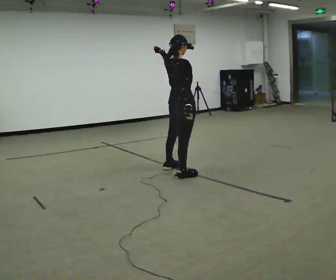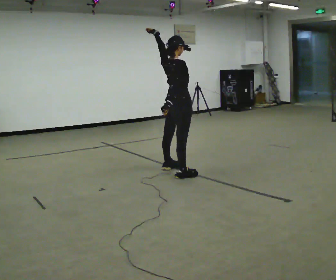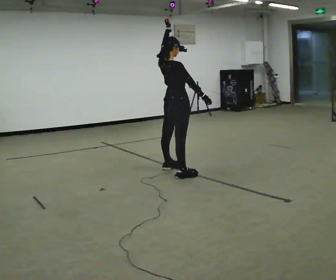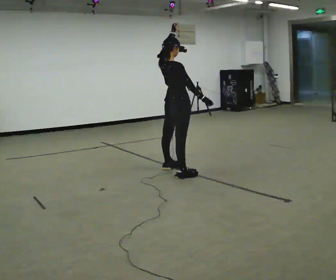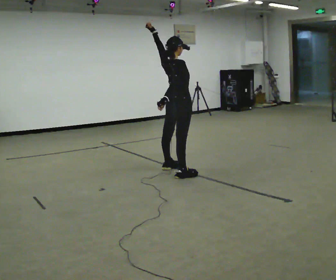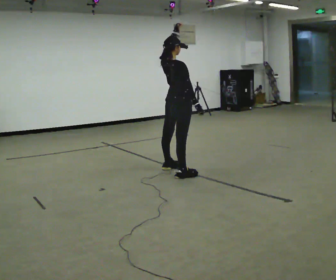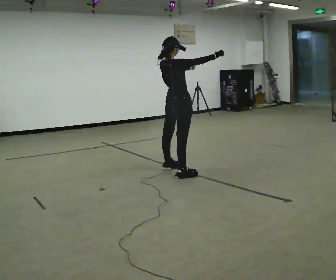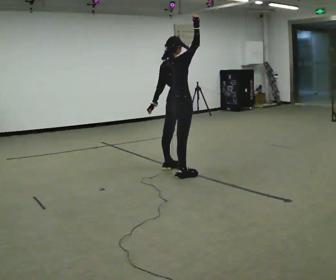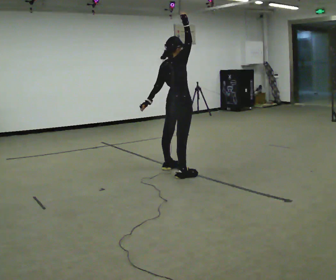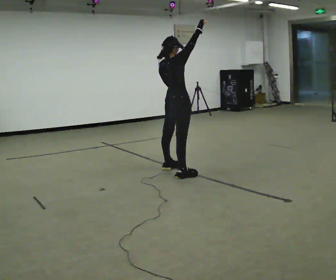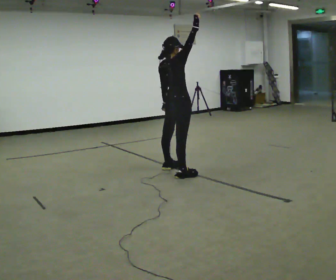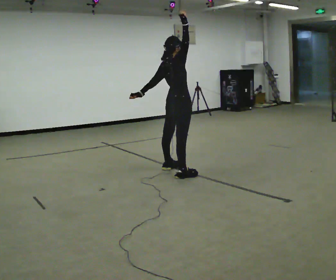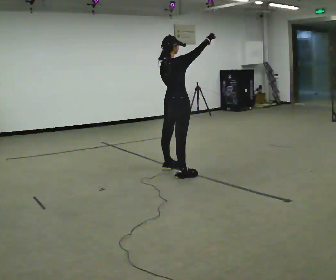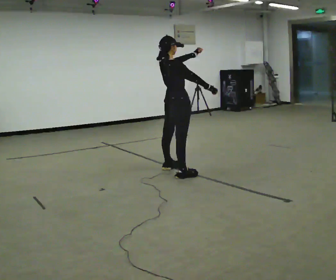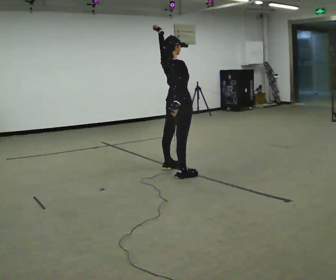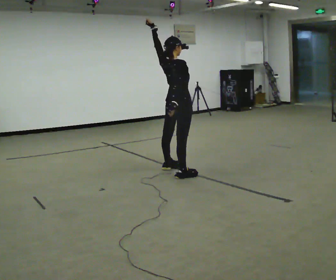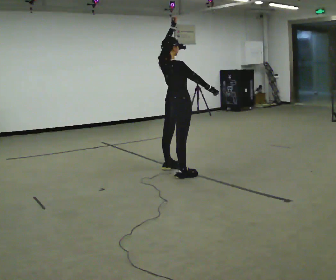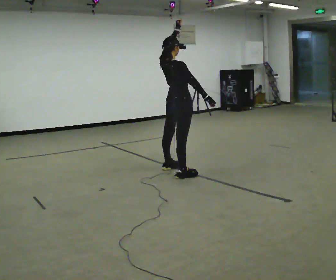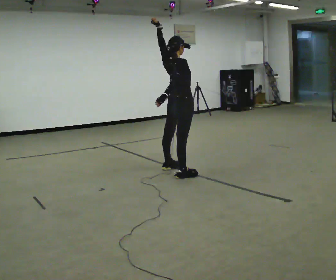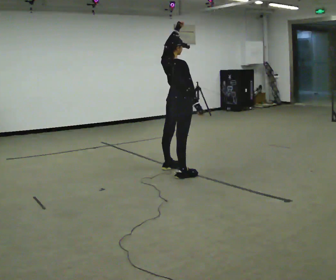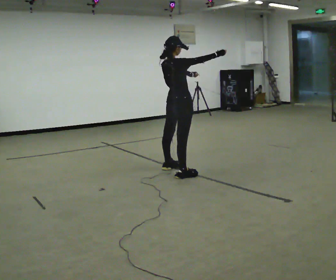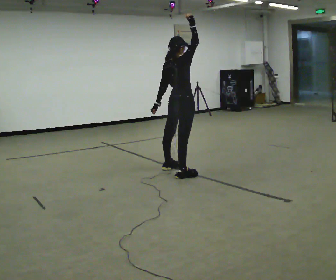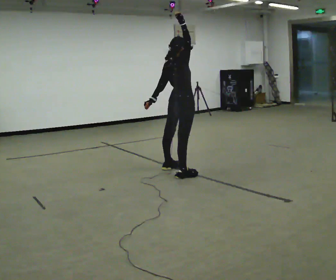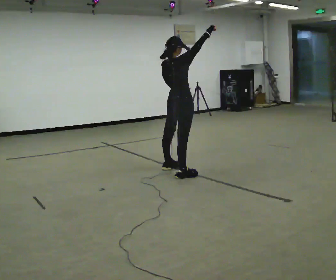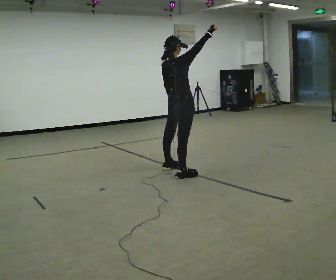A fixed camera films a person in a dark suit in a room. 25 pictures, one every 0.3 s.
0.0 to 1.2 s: In the picture they go away from the camera, about 0.25 m, which for them is to their left.
1.2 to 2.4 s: In the picture their right hand goes upward, the arm swinging counterclockwise.
2.4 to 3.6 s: In the picture their left hand goes to the right.
3.6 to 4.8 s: In the picture their left hand goes upward, the arm swinging counterclockwise.
4.8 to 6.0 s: In the picture their left hand goes downward.
6.0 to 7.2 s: The person moves a little, or ends about where they began.
The film runs backward here.
